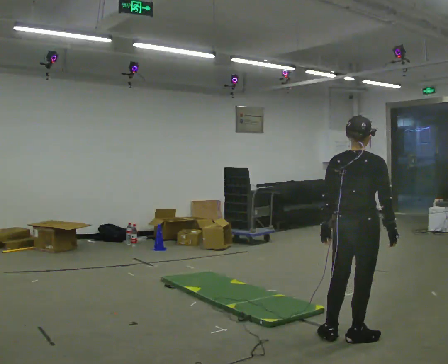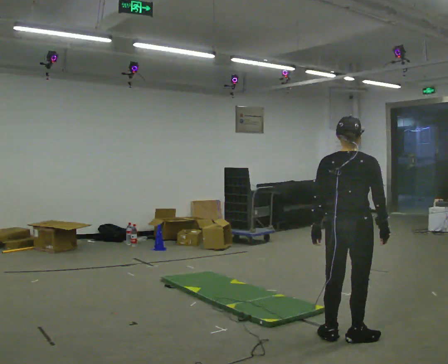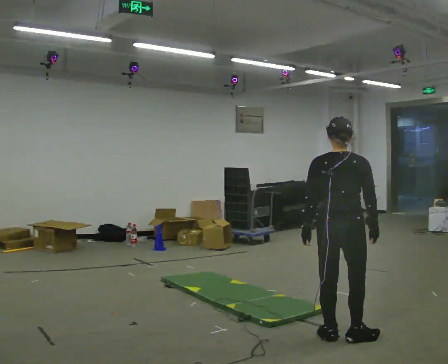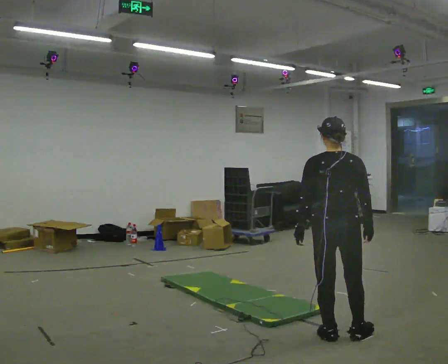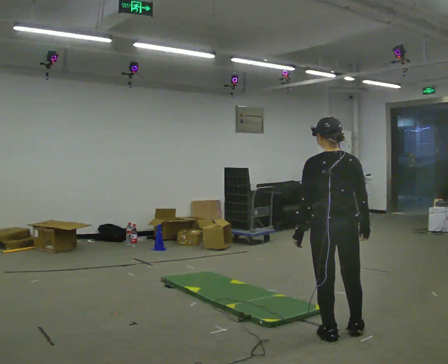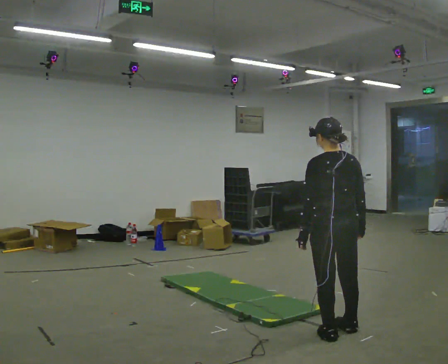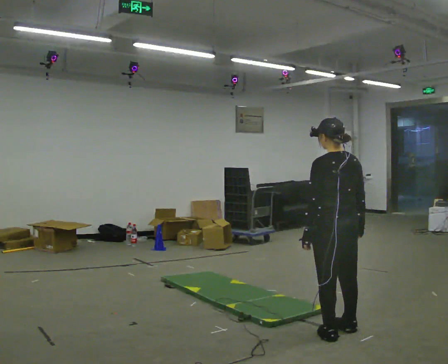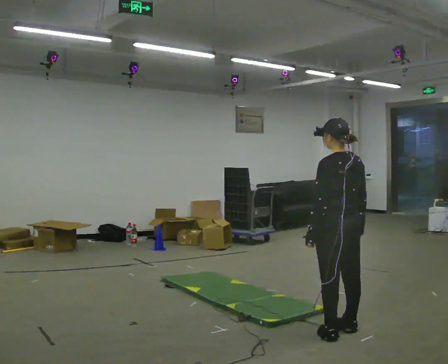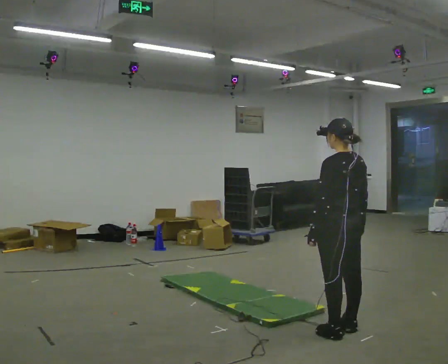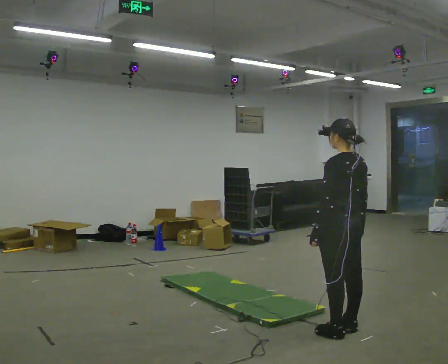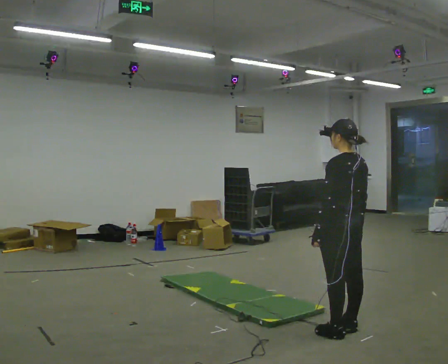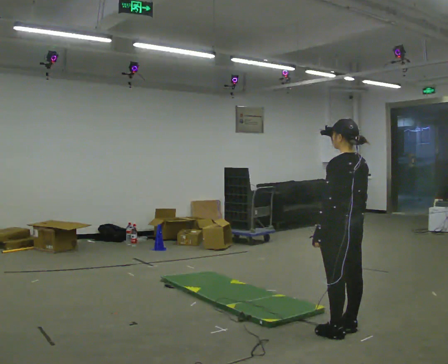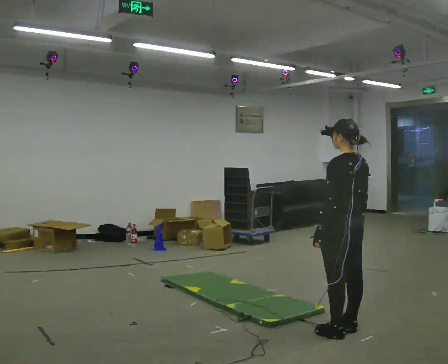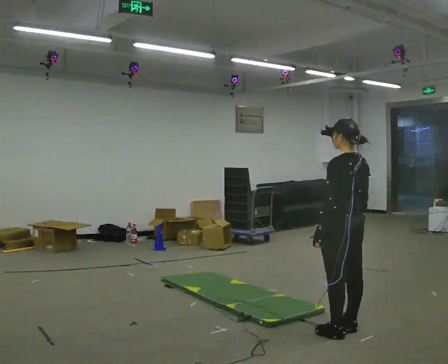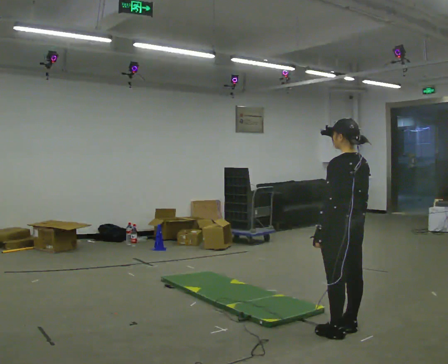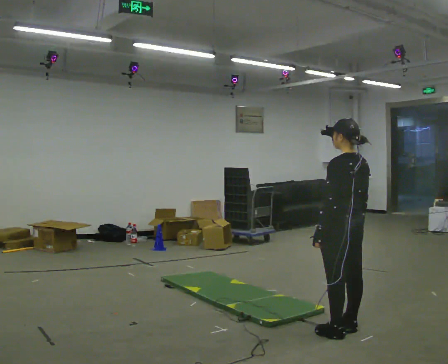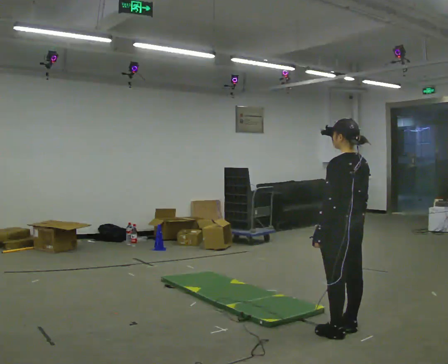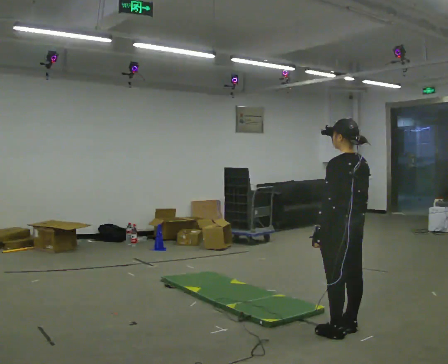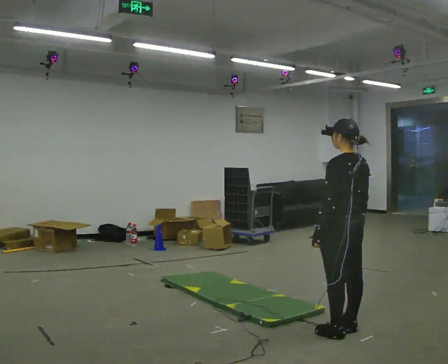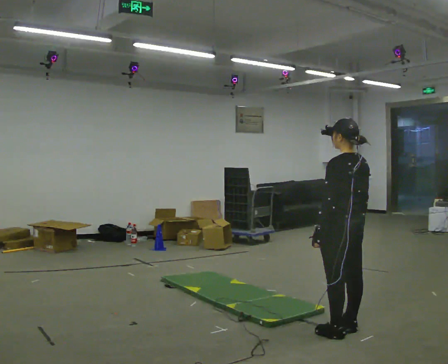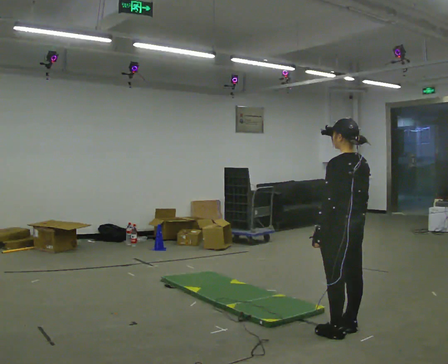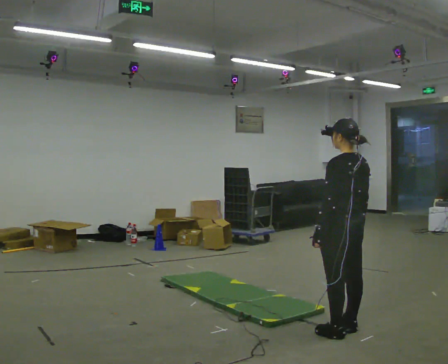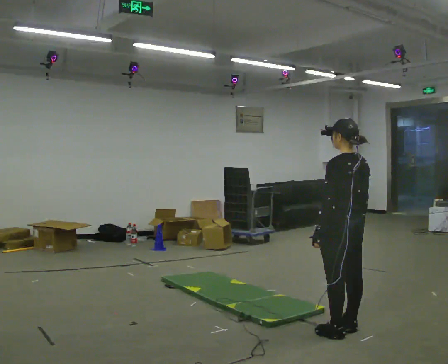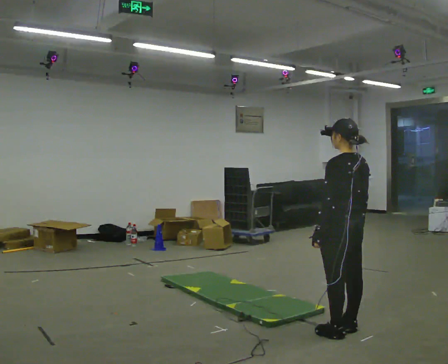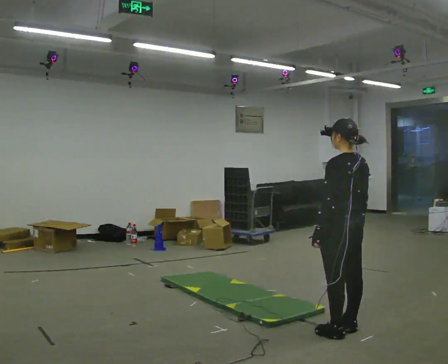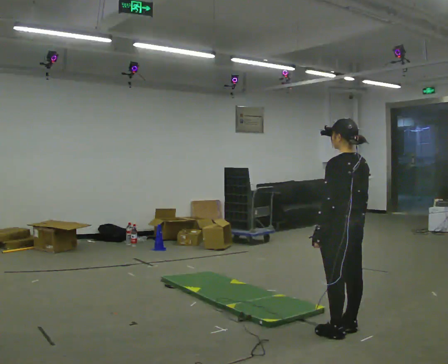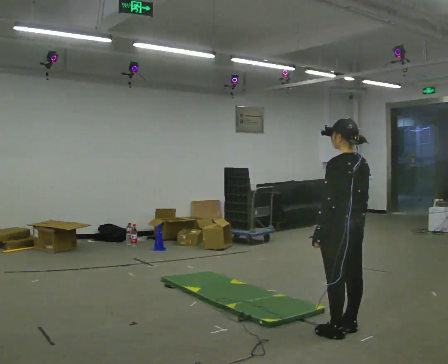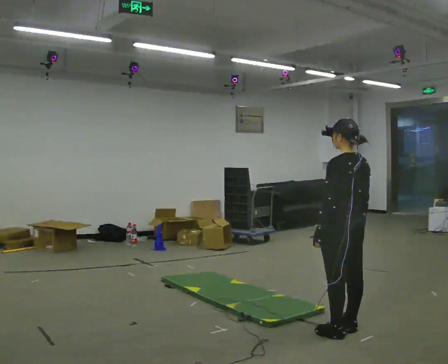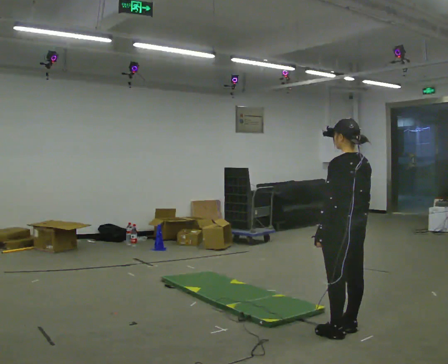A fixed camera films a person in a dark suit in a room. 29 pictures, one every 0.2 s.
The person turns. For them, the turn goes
to their left.
The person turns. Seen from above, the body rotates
counterclockwise.
0.0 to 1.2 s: The part of the body nearest the lens slides to the right as the person turns to their left by about 60 degrees.
1.2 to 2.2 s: The person moves a little, or ends about where they began.
2.2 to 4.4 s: The person keeps their place and pose.
4.4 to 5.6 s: The person moves a little, or ends about where they began.
The film runs forward here.
